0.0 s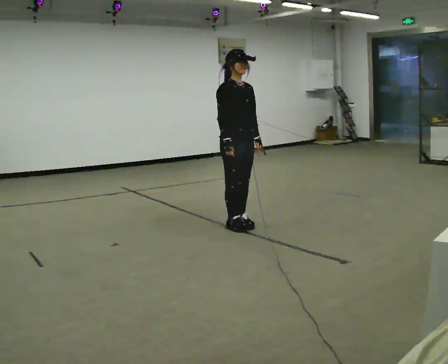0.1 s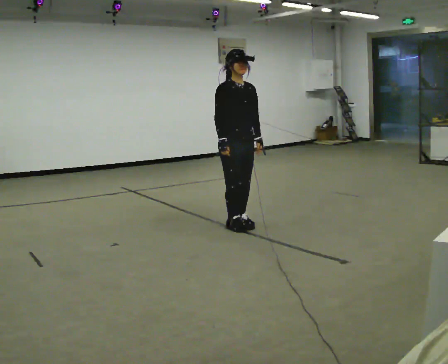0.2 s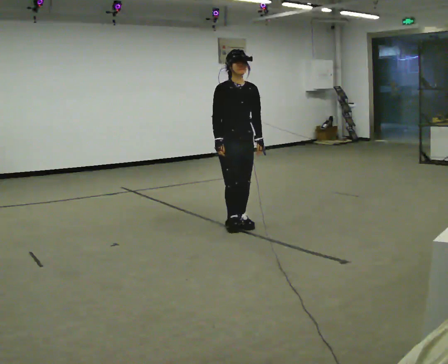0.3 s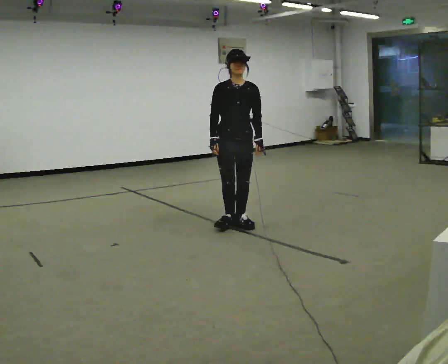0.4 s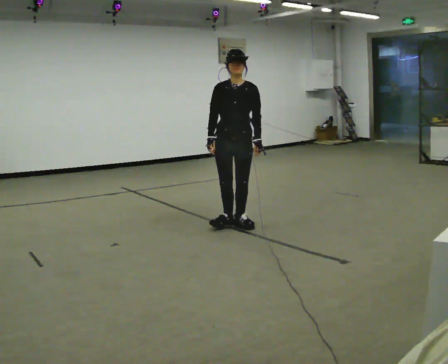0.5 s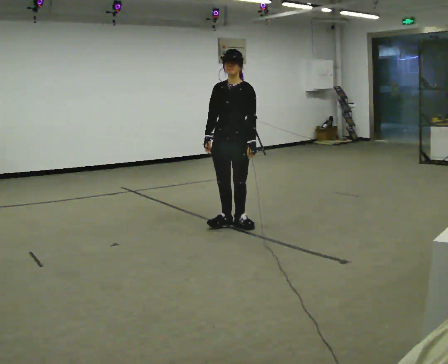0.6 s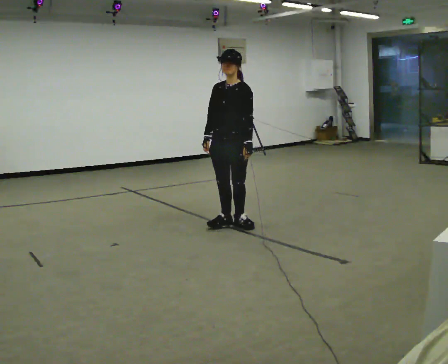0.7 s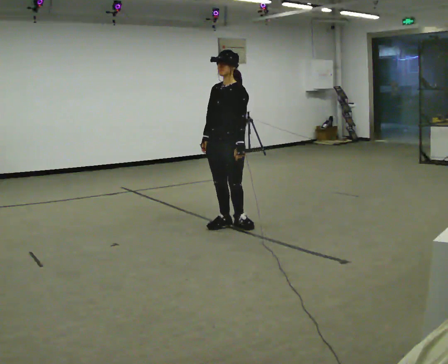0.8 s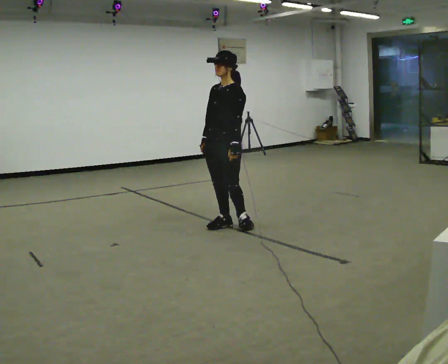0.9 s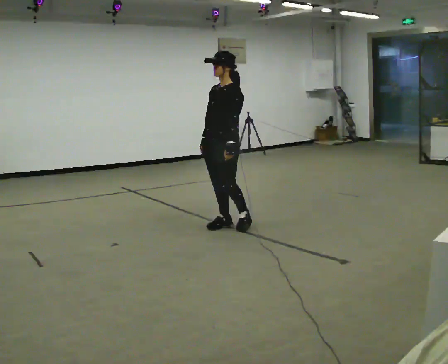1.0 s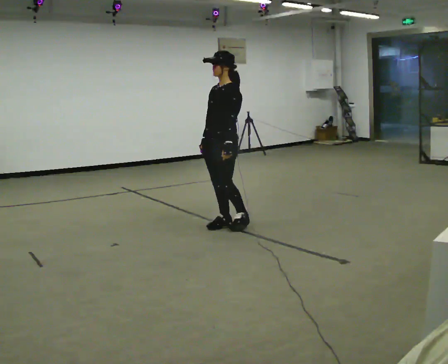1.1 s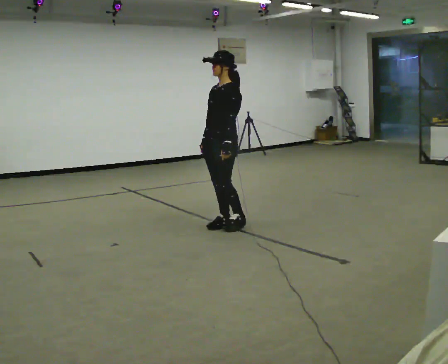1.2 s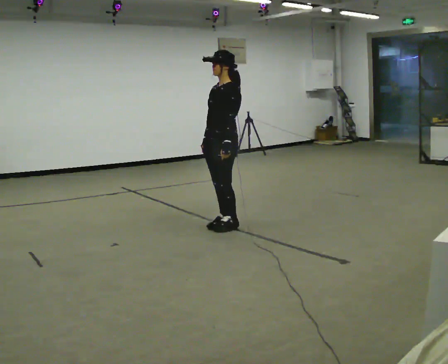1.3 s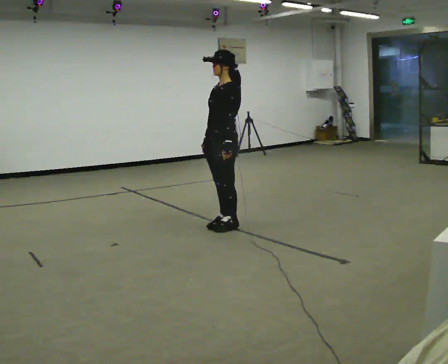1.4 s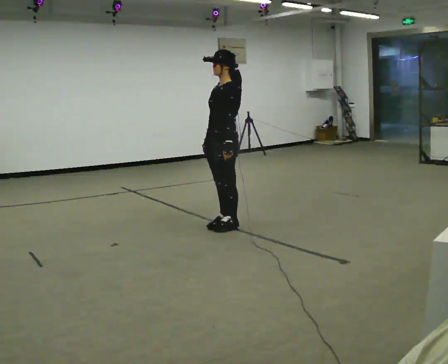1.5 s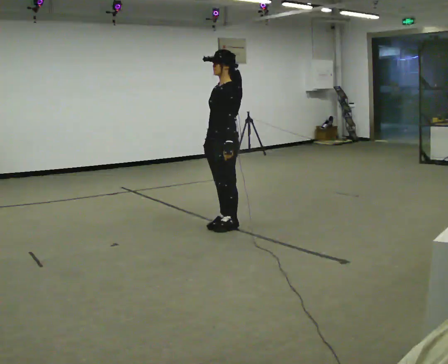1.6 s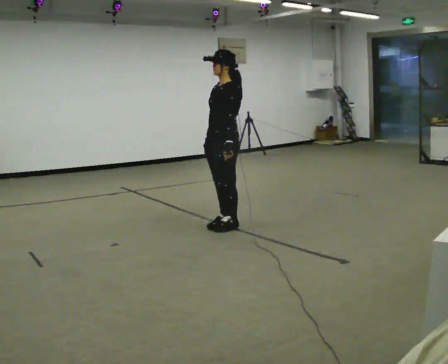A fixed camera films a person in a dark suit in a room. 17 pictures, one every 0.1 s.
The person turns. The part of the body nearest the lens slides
to the left.
The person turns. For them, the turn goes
to their right.
0.0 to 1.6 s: Seen from above the body turns clockwise, about 105 degrees: to their right, with its near side sliding to the left.
The film runs forward here.
